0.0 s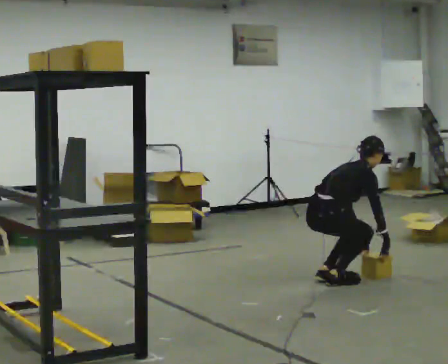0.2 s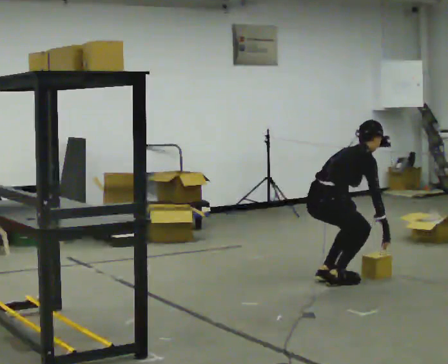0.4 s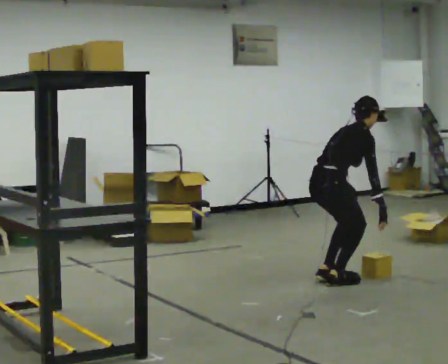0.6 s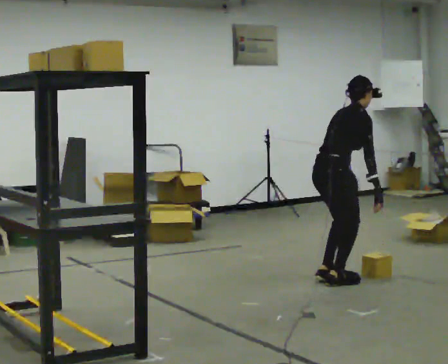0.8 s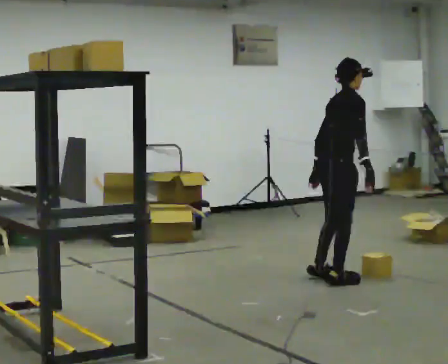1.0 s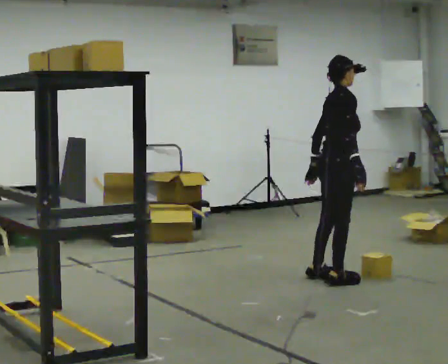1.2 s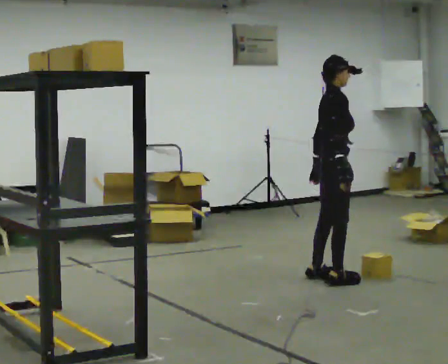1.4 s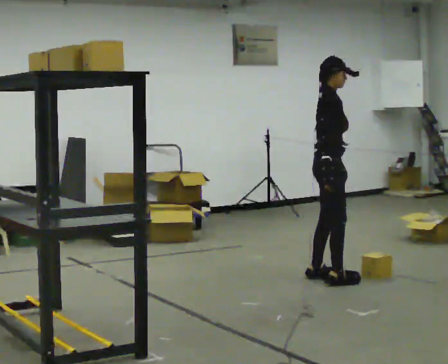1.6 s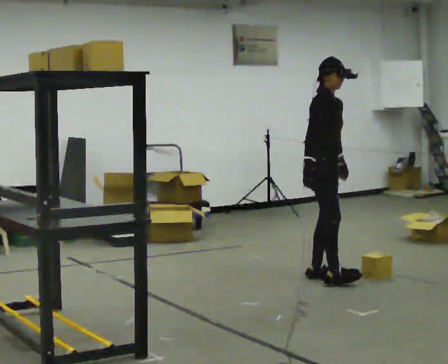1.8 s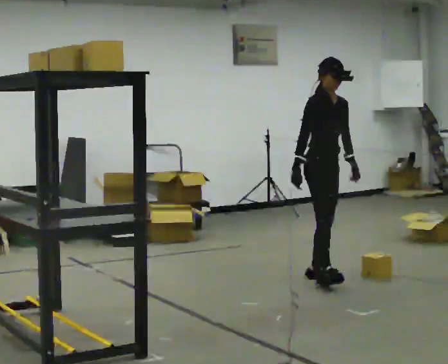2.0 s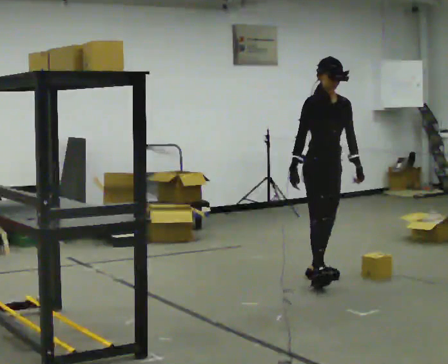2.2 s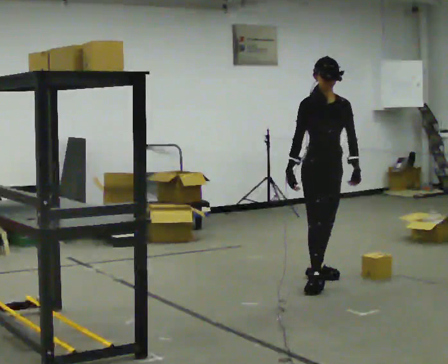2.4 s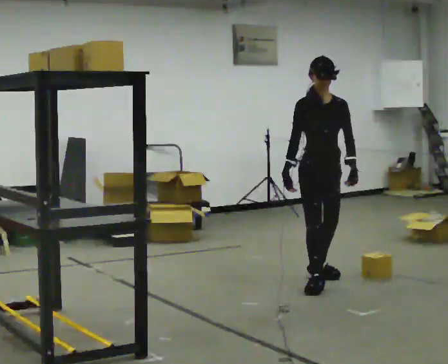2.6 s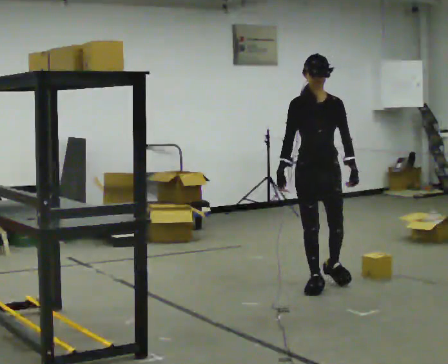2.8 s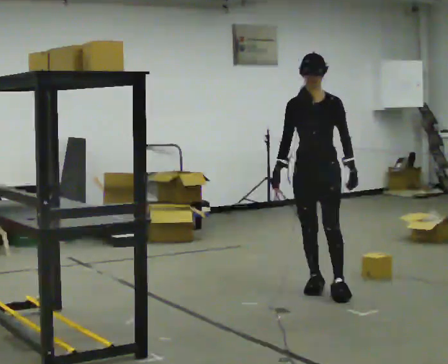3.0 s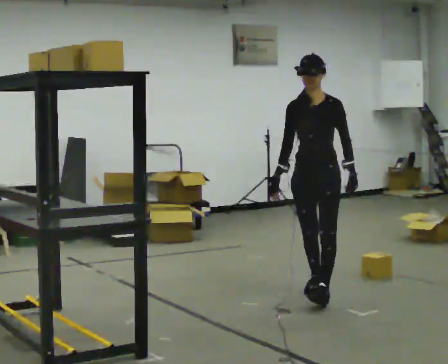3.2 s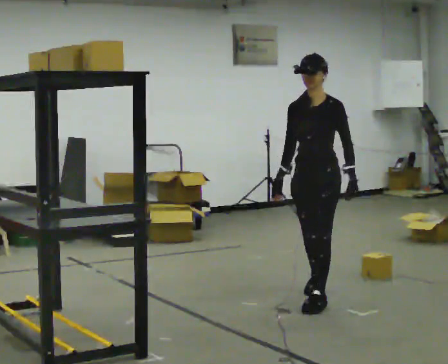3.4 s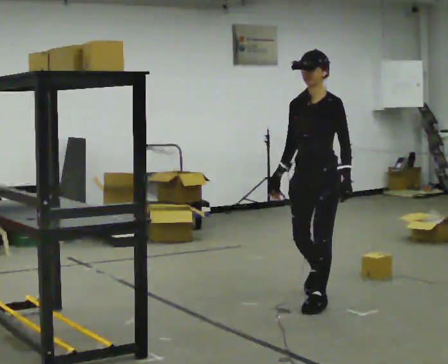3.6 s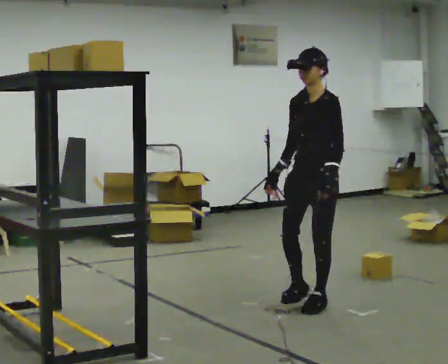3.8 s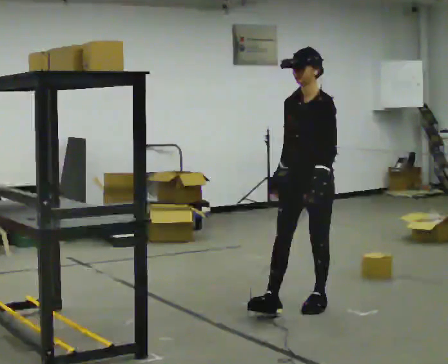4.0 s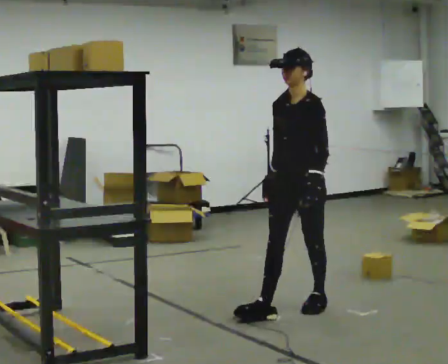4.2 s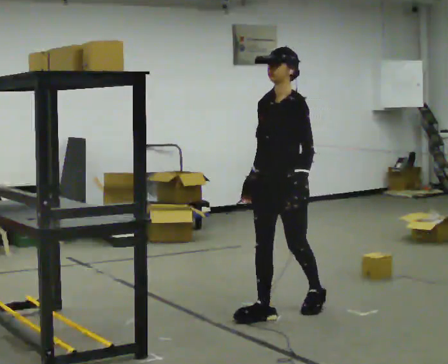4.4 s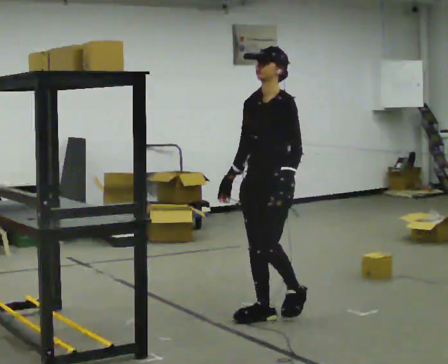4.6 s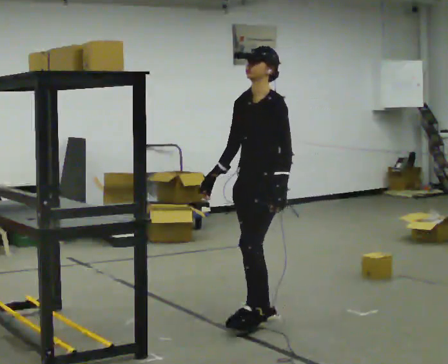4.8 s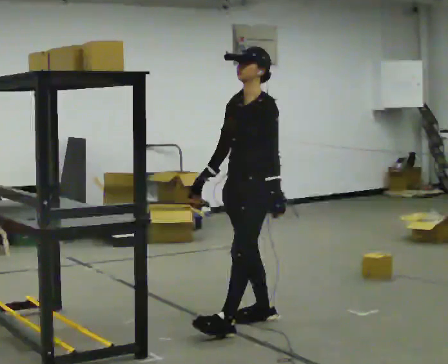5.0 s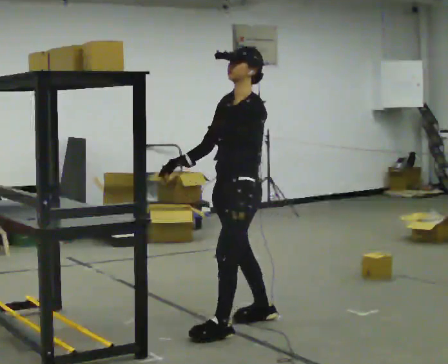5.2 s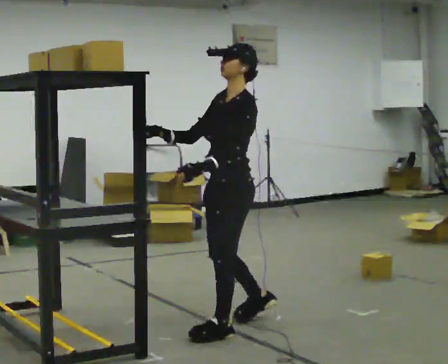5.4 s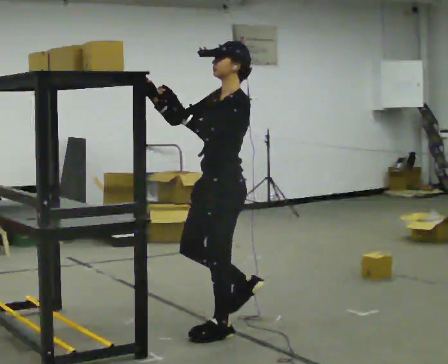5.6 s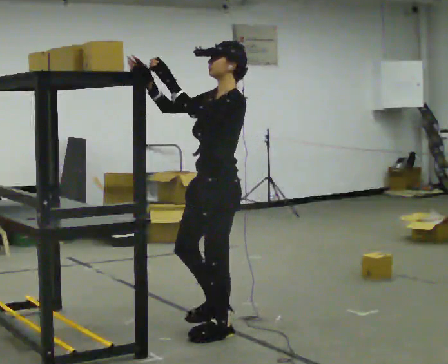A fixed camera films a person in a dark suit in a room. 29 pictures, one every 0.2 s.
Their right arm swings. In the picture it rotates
clockwise.
The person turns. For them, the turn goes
to their right.
0.0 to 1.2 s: The part of the body nearest the lens slides to the left as the person turns to their right by about 30 degrees. The upper body goes upward. In the picture the upper body tilts counterclockwise, shoulders to the left, as they lean back or straighten. In the picture their right hand goes upward and to the left.
1.2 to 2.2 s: The part of the body nearest the lens slides to the left as the person turns to their right by about 75 degrees.
2.2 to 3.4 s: Seen from above the body turns clockwise, about 60 degrees: to their right, with its near side sliding to the left. In the picture they go toward the camera, about 0.75 m in 1 step.
3.4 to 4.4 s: In the picture they go toward the camera and to the left, about 0.5 m in 1 step, which for them is forward.
4.4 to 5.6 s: The person turns about 30 degrees to their right, clockwise seen from above, so the part of the body nearest the lens slides to the left. In the picture they go toward the camera and to the left, about 0.5 m in 1 step, which for them is forward and to their left. In the picture their left hand goes upward.
The film runs forward here.
